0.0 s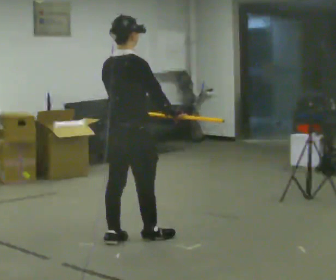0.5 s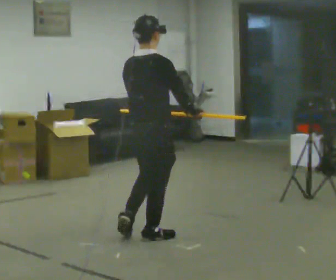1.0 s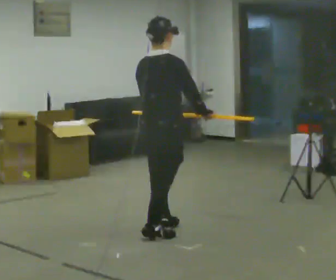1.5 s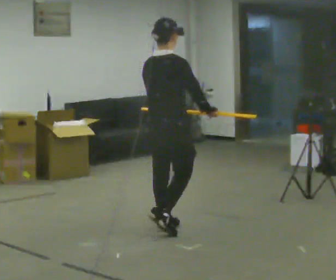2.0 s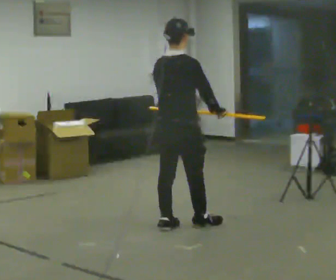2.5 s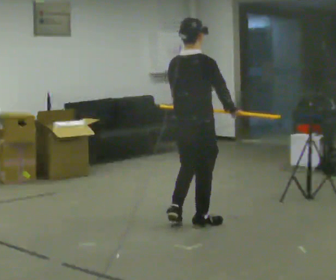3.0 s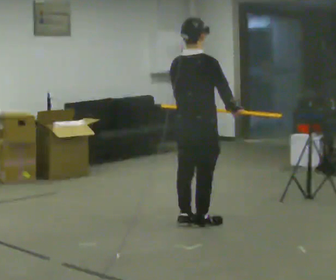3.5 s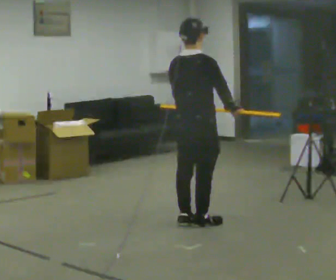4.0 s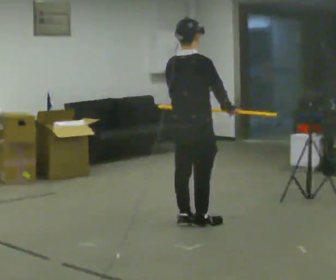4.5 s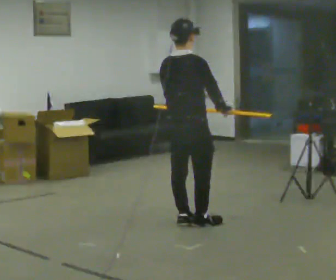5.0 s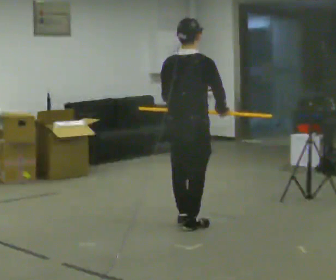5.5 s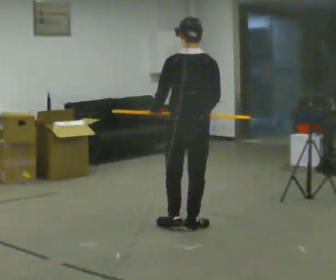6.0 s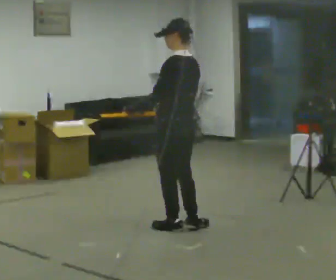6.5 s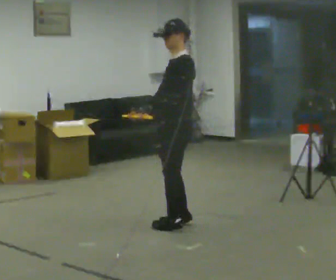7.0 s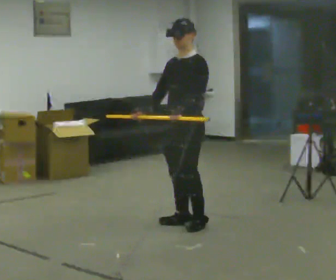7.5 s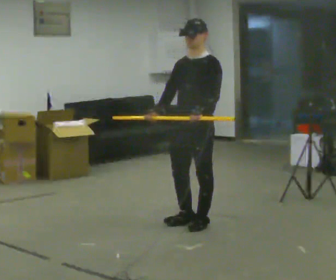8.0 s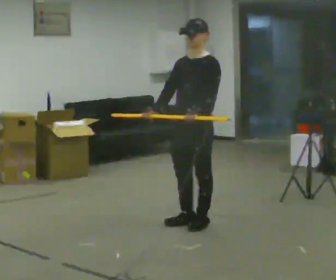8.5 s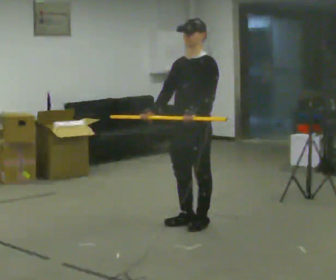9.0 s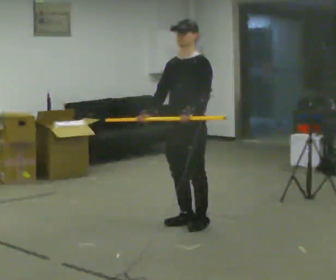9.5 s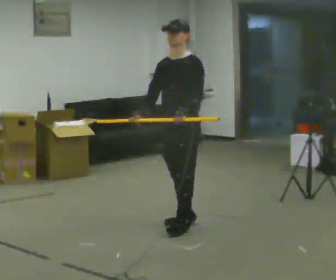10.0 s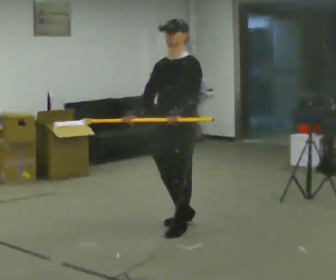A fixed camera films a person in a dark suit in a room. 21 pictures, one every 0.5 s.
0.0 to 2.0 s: In the picture they go away from the camera and to the right, about 0.5 m in 2 steps, which for them is forward.
2.0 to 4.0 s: The person moves a little, or ends about where they began.
4.0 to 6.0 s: The part of the body nearest the lens slides to the right as the person turns to their left by about 90 degrees. In the picture their left hand goes to the left, the arm swinging clockwise.
6.0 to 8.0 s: The person turns about 90 degrees to their left, counterclockwise seen from above, so the part of the body nearest the lens slides to the right. In the picture they go to the right, about 0.25 m in 1 step. In the picture their left hand goes to the right.
8.0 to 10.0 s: In the picture they go toward the camera and to the left, about 0.25 m in 1 step, which for them is forward.
The film runs forward here.
